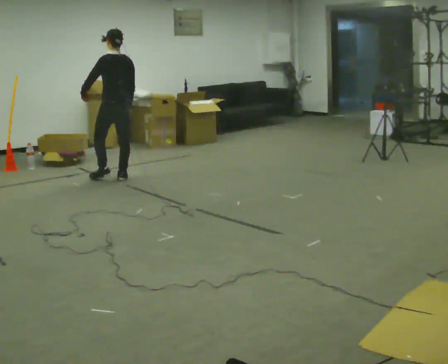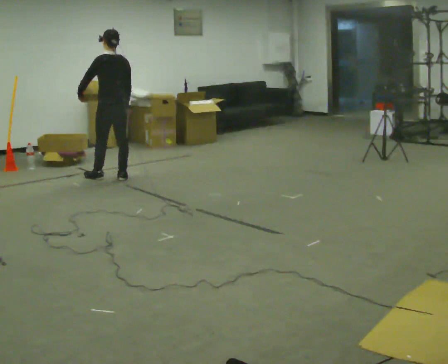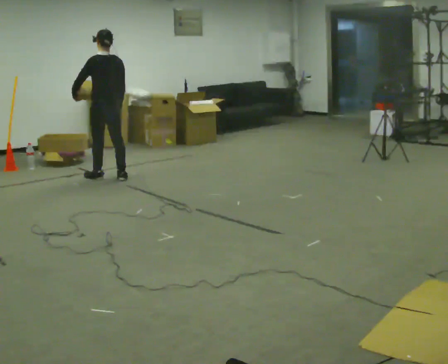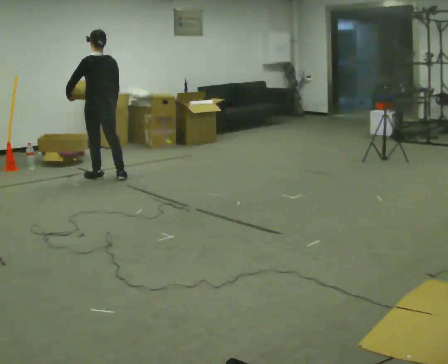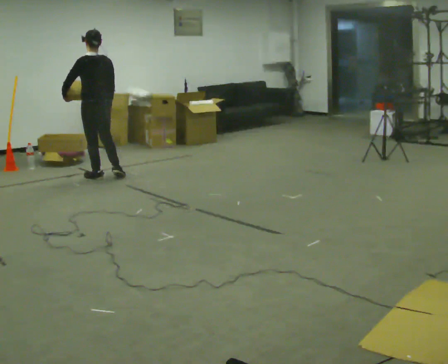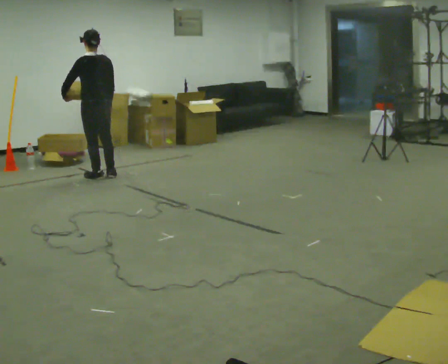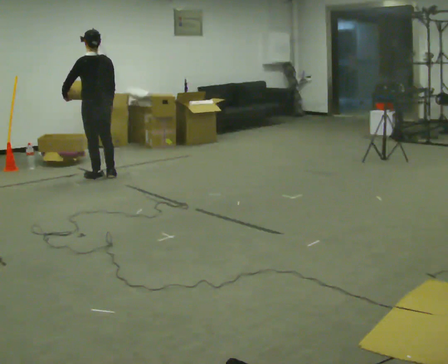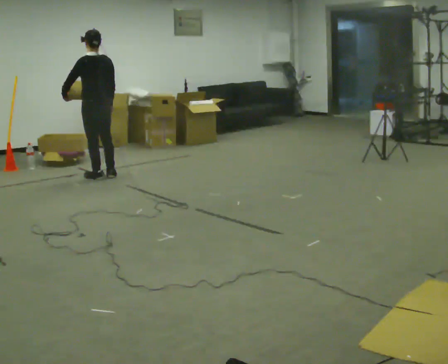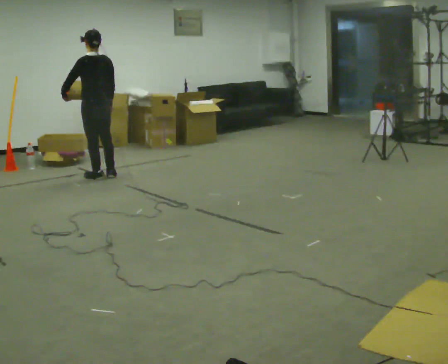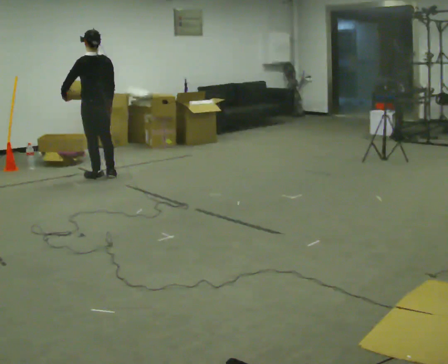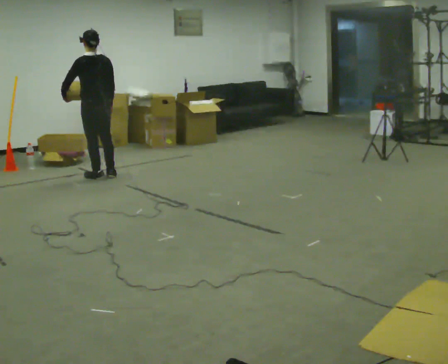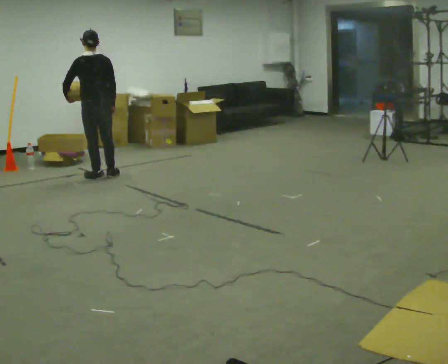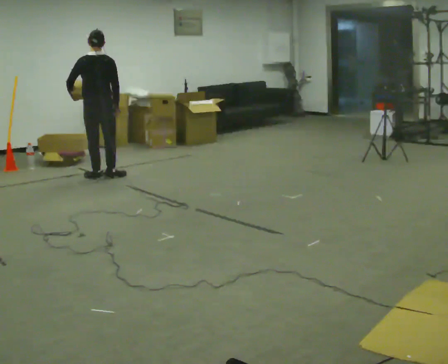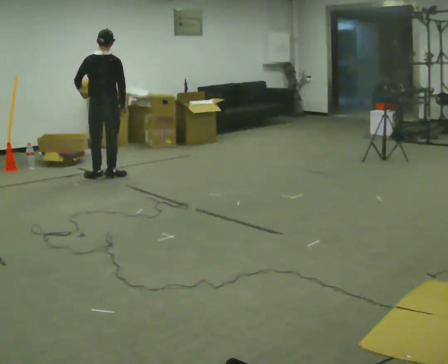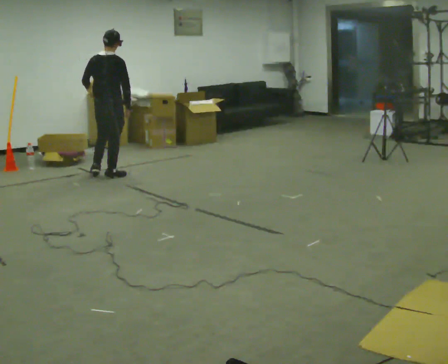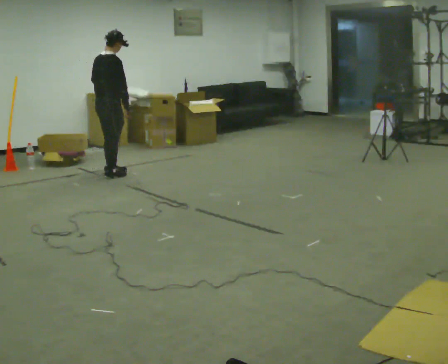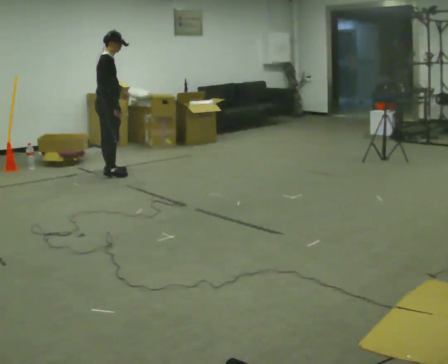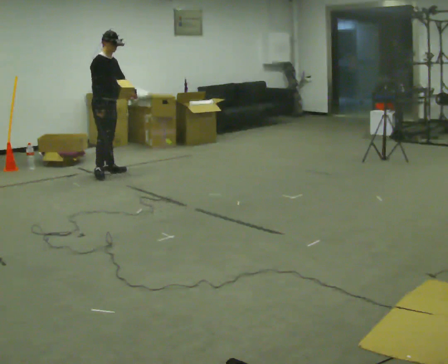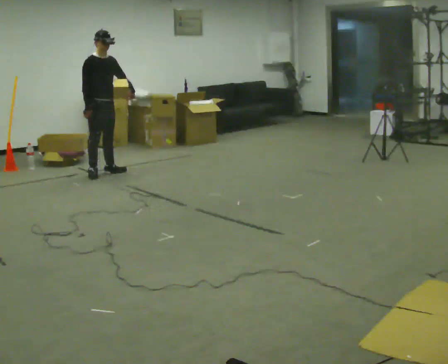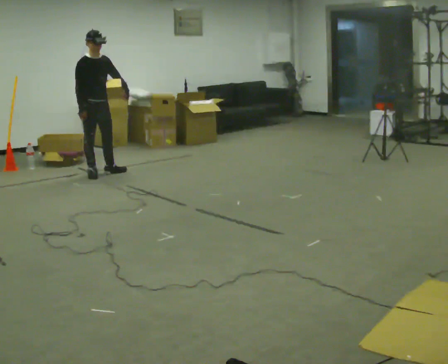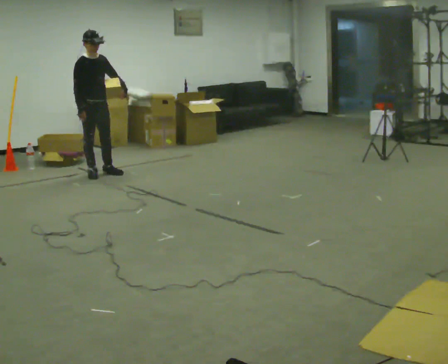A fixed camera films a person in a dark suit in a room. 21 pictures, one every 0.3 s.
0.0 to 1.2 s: In the picture they go to the left, about 0.25 m in 1 step, which for them is to their left and forward.
1.2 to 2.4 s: The person moves a little, or ends about where they began.
2.4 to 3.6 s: The part of the body nearest the lens slides to the left as the person turns to their right by about 30 degrees.
3.6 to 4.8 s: The person turns about 90 degrees to their right, clockwise seen from above, so the part of the body nearest the lens slides to the left. In the picture they go away from the camera, about 0.25 m in 1 step. In the picture their left hand goes to the right, the arm swinging counterclockwise.
4.8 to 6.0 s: The part of the body nearest the lens slides to the left as the person turns to their right by about 60 degrees.
The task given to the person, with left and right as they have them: Hold the object against your hip on the side the operator calls, and carry it back and forth across the room.
The film runs forward here.
